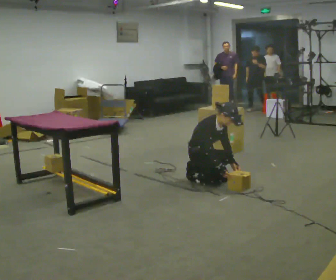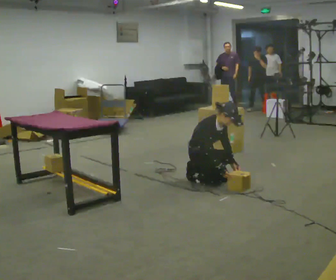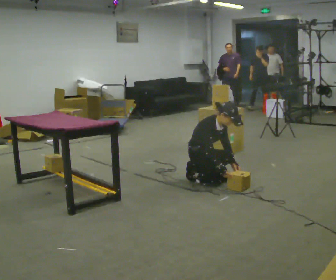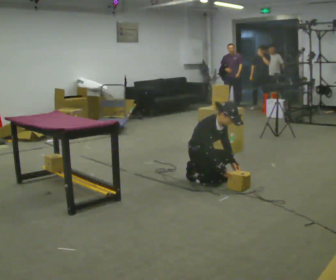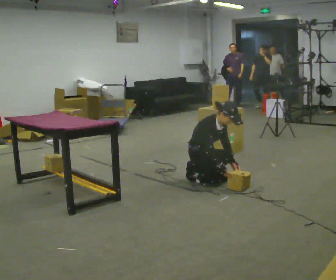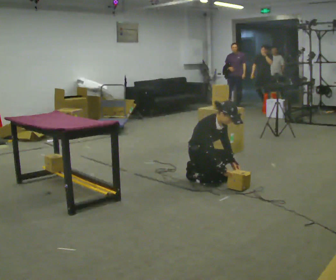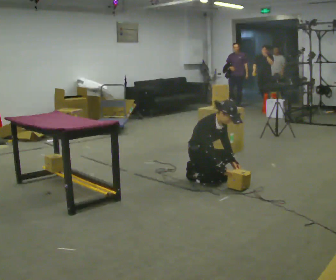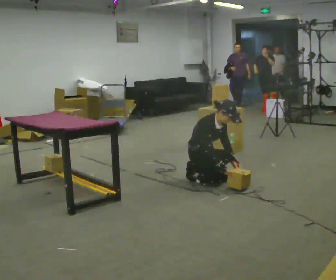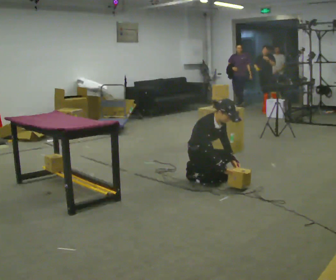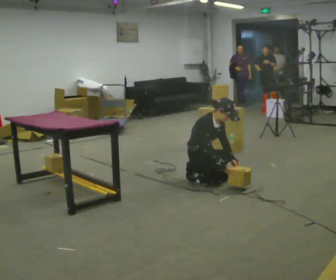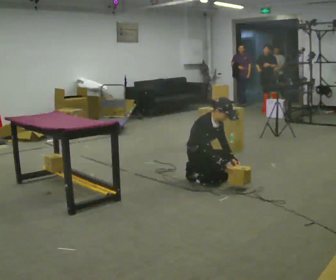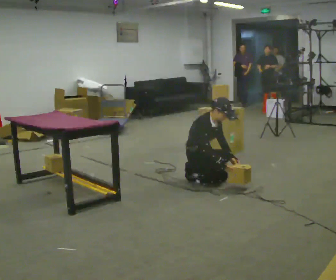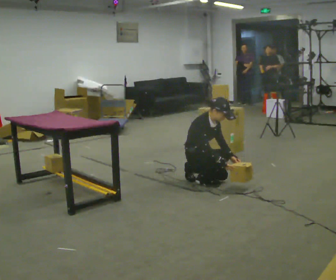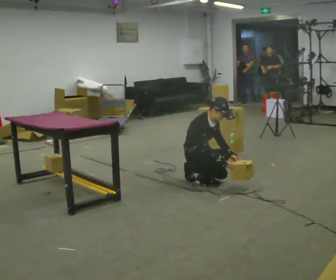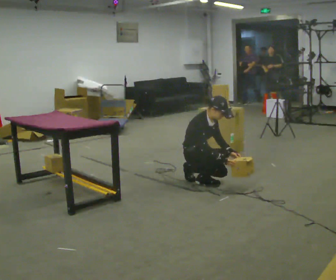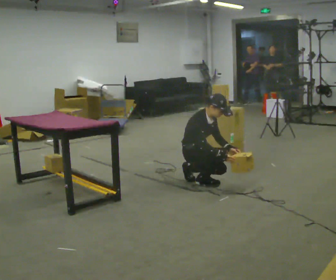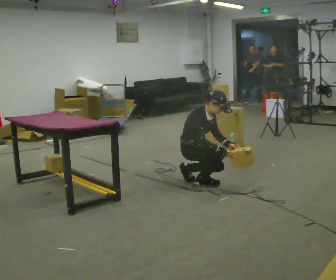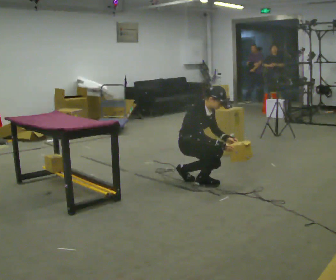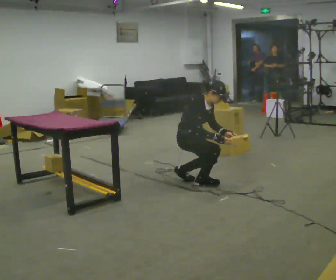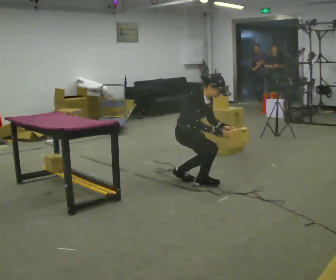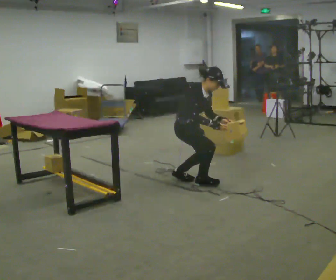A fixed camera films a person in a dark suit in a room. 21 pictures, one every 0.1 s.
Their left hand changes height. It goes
upward.
Their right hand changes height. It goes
upward.
0.0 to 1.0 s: The person moves a little, or ends about where they began.
1.0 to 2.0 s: The shoulders move upward. In the picture their right hand goes upward.
The film runs backward here.
